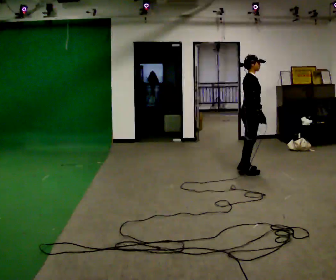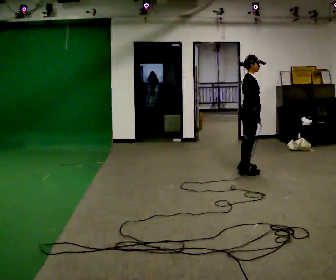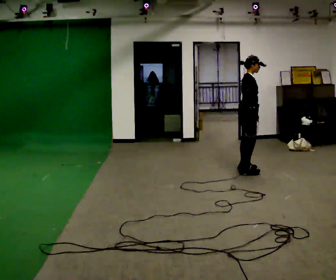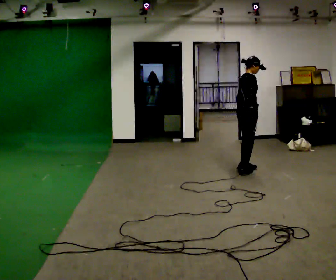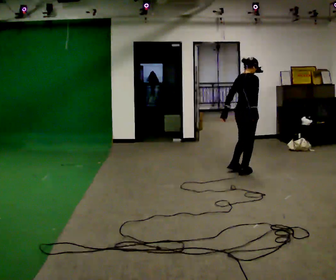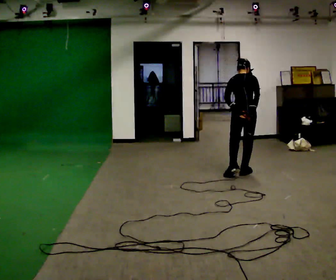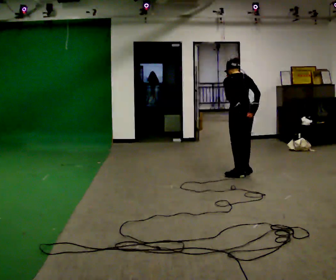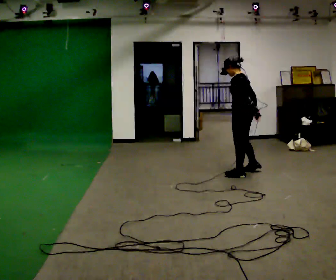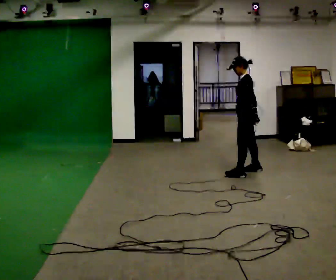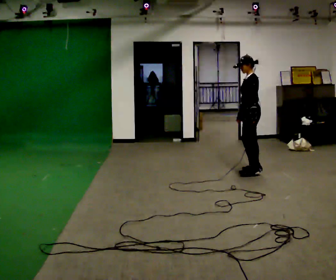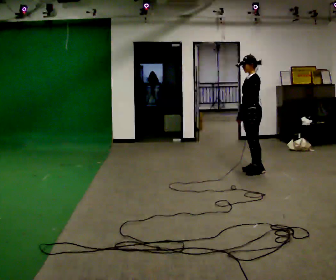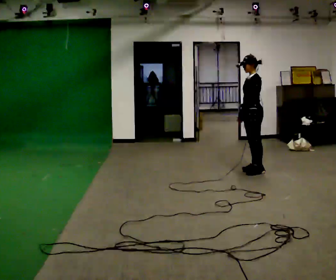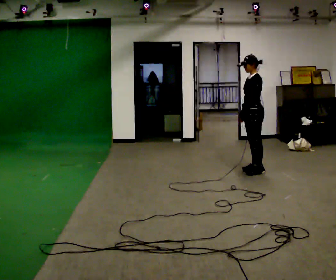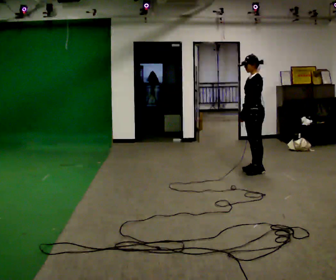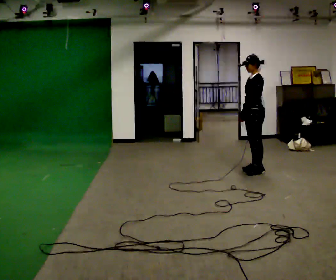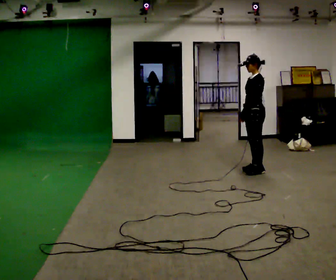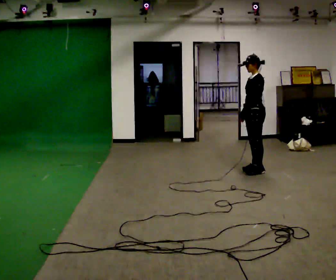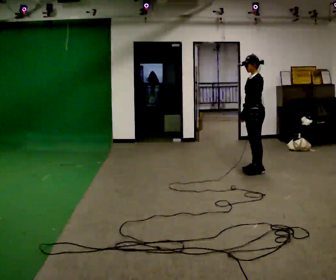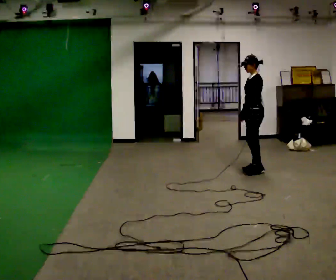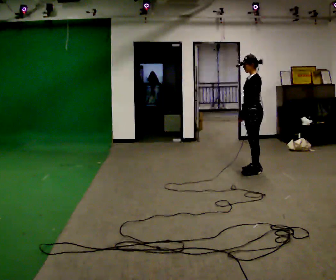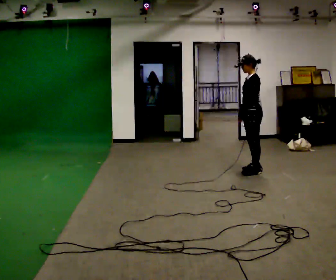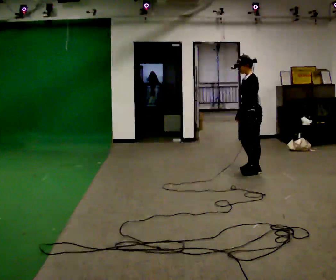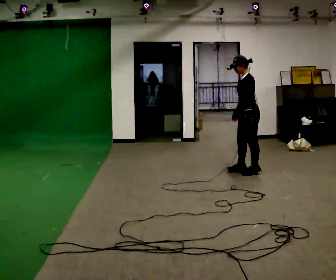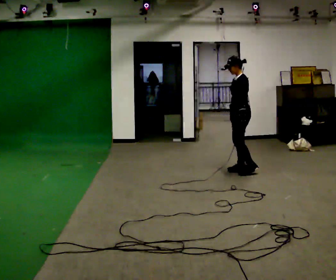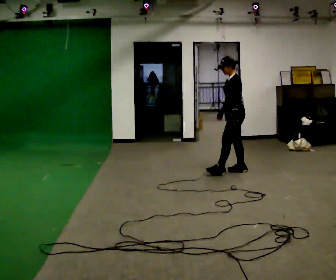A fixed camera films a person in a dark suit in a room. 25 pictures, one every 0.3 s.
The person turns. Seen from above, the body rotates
counterclockwise.
The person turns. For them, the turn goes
to their left.
0.0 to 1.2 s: The part of the body nearest the lens slides to the right as the person turns to their left by about 30 degrees. In the picture their left hand goes to the left.
1.2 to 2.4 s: The part of the body nearest the lens slides to the right as the person turns to their left by about 135 degrees.
2.4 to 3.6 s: The person moves a little, or ends about where they began.
3.6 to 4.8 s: The person keeps their place and pose.
4.8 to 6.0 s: The person moves a little, or ends about where they began.
6.0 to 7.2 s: In the picture they go to the left, about 0.25 m in 2 steps, which for them is forward.
The film runs backward here.
